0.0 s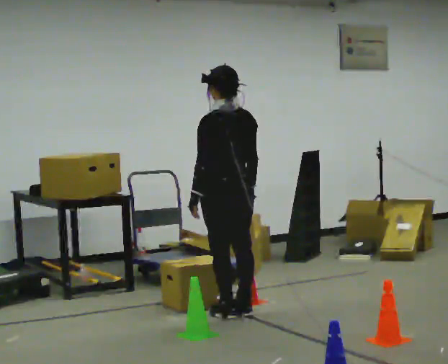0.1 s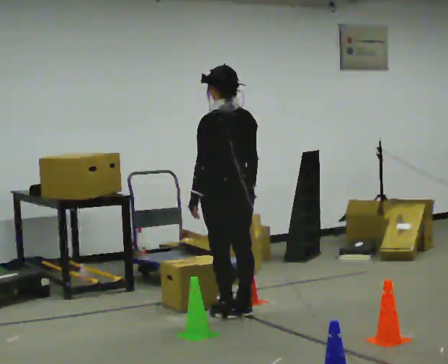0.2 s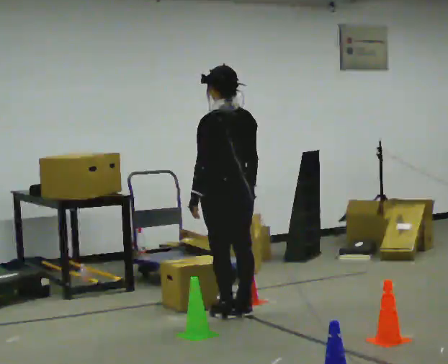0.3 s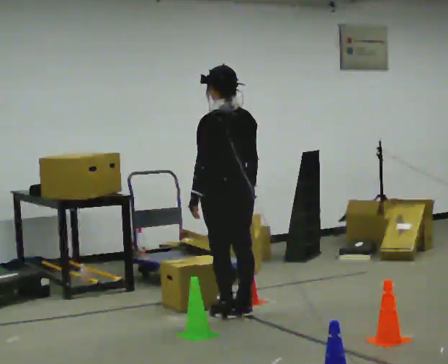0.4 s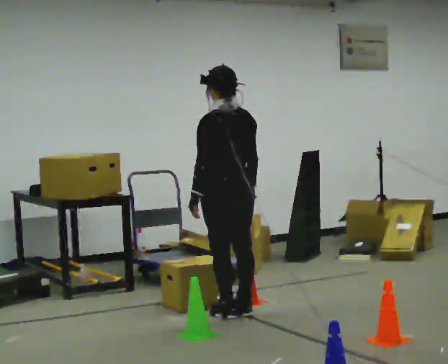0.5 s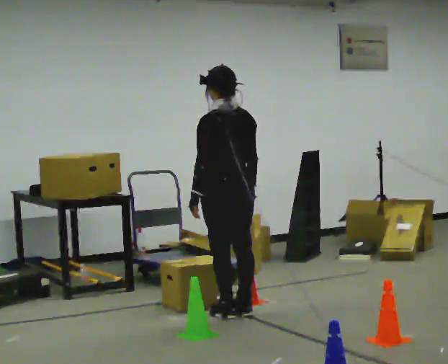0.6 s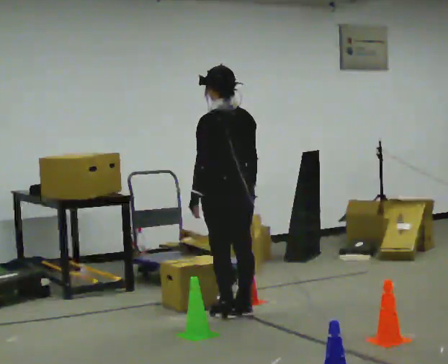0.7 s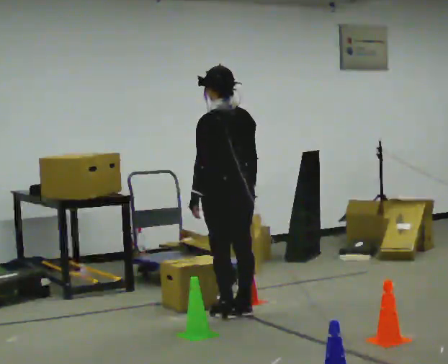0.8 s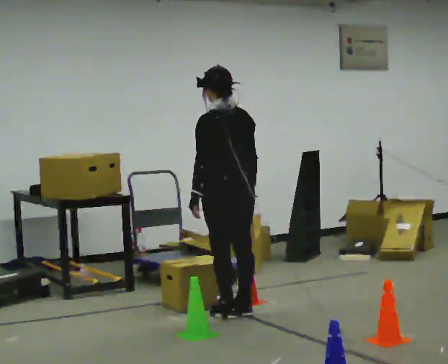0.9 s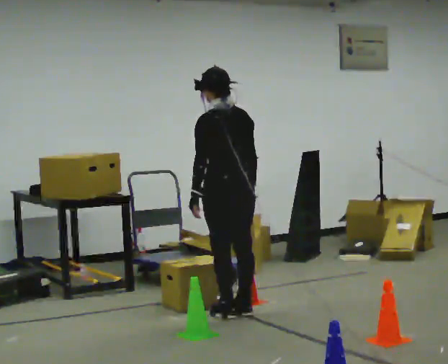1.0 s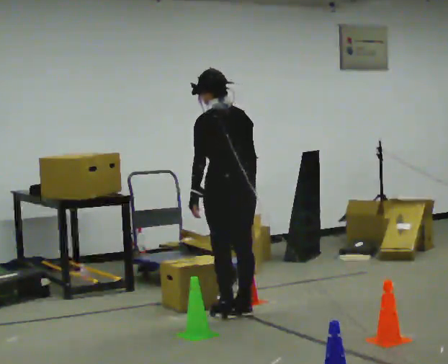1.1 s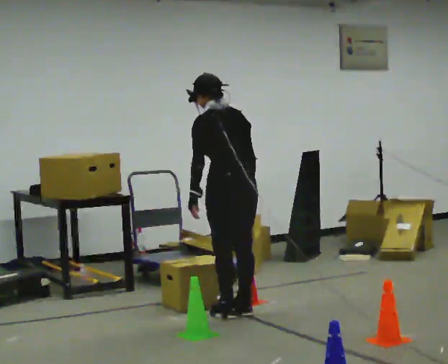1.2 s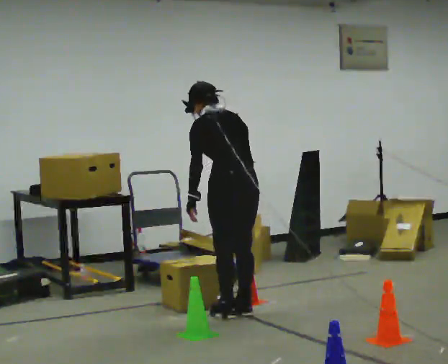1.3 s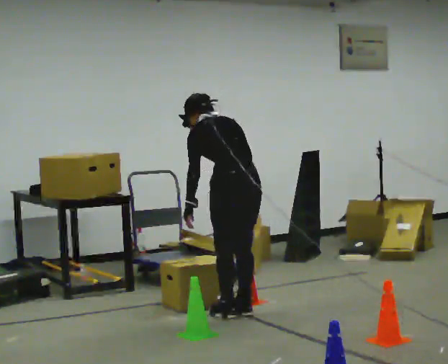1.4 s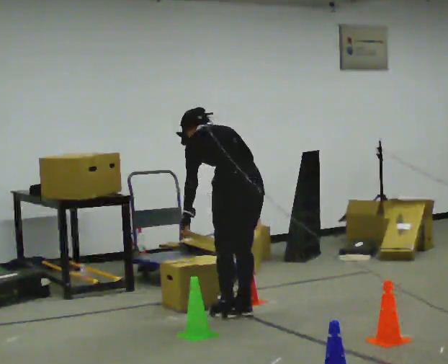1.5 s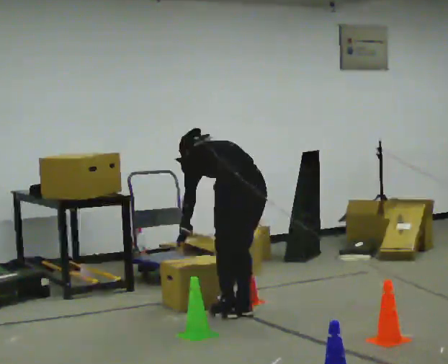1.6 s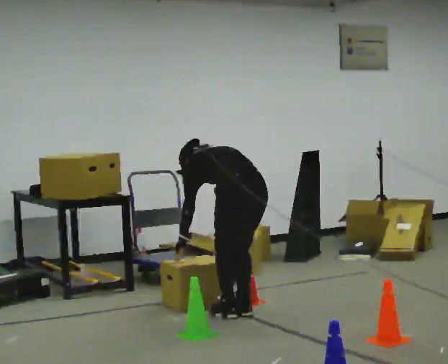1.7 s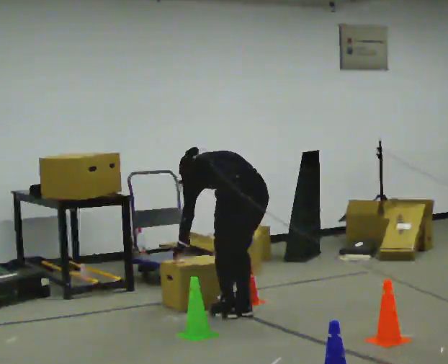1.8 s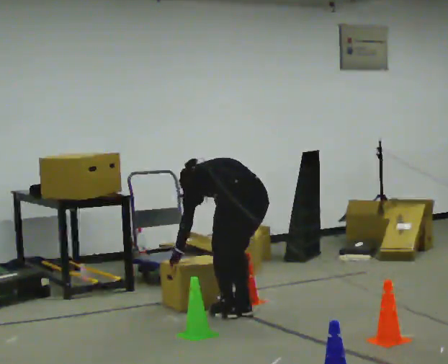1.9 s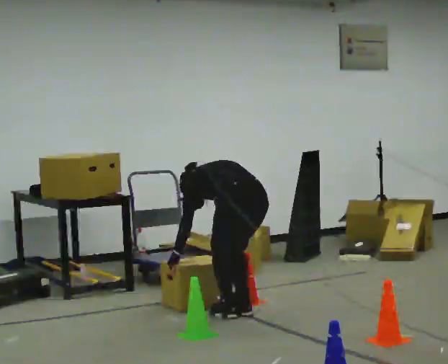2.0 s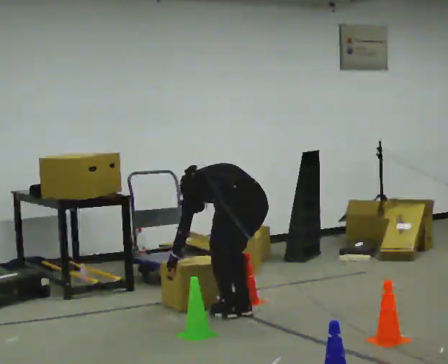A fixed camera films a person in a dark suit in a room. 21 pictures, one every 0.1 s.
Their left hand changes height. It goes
downward.
Their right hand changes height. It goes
downward.
0.0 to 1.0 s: The person moves a little, or ends about where they began.
1.0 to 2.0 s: The shoulders move downward. The upper body tips away from the camera, its near side rolling upward, as they bend forward. In the picture their left hand goes downward.
The film runs forward here.
